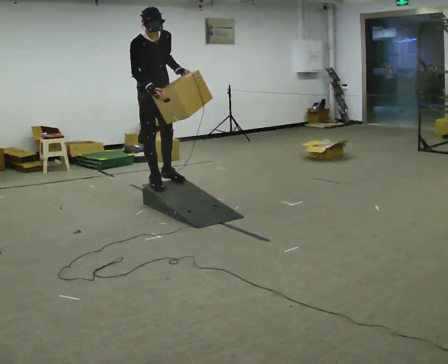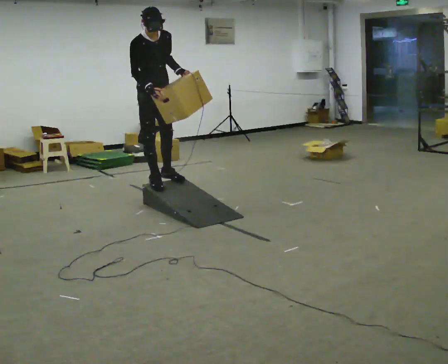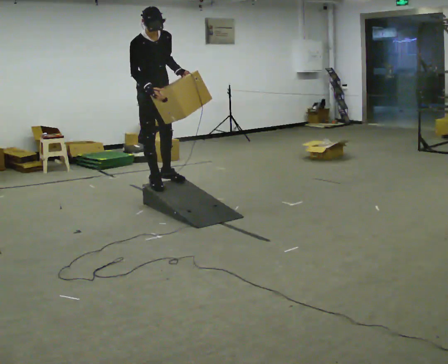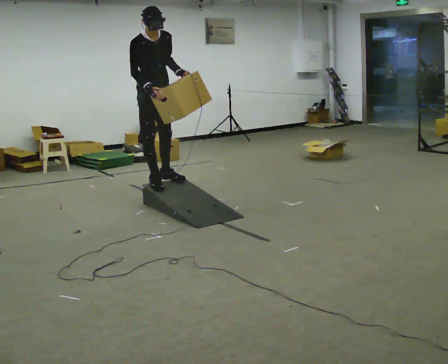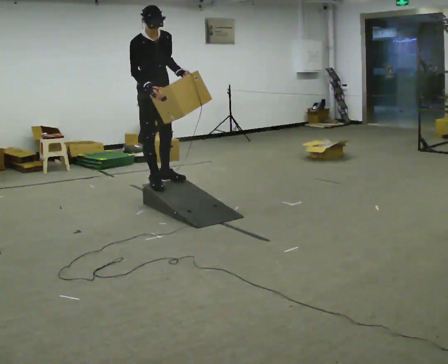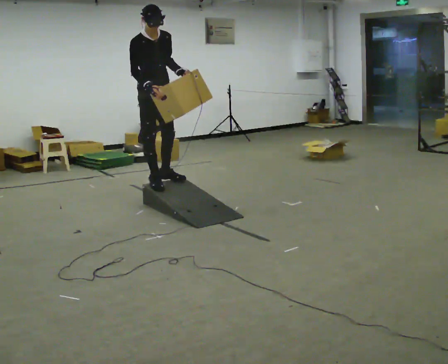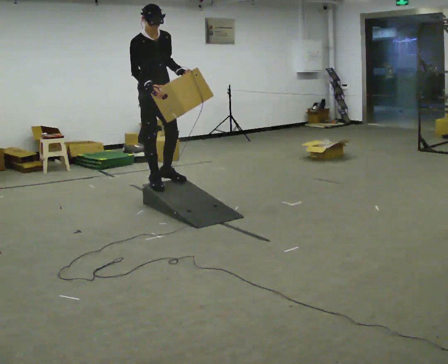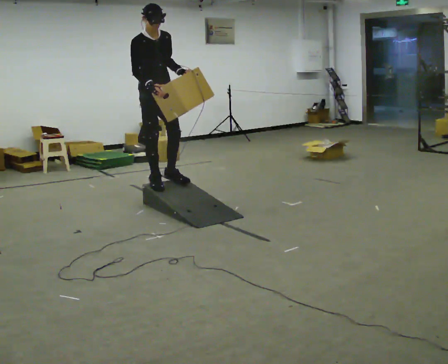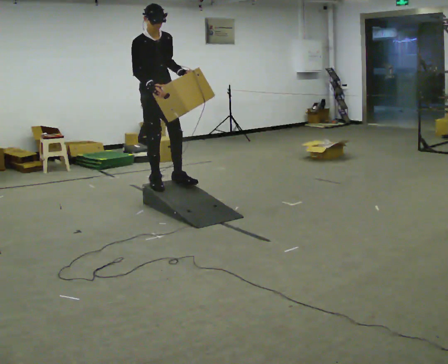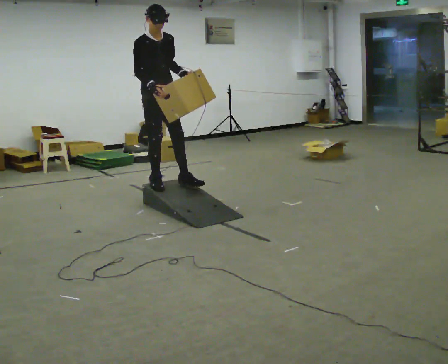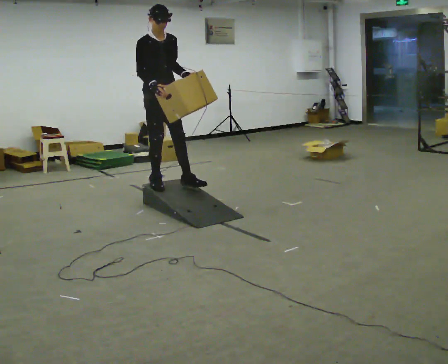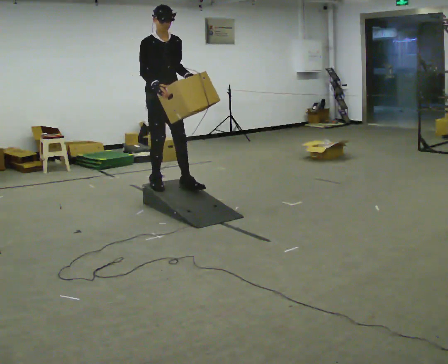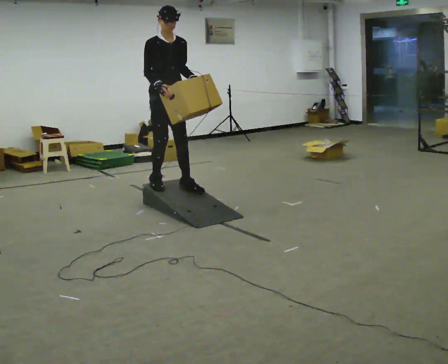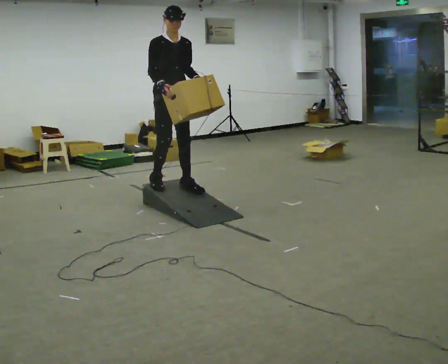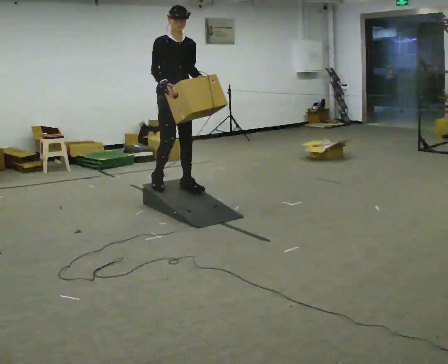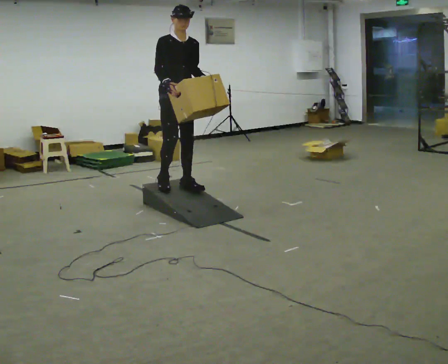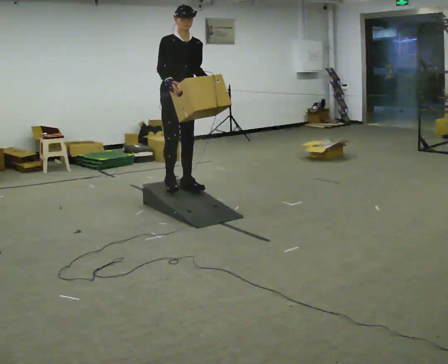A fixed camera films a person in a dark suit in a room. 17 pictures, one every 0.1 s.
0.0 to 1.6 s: In the picture they go to the right, about 0.25 m in 1 step, which for them is to their left and forward. The upper body tips away from the camera, its near side rolling upward, as they lean back or straighten.
The film runs forward here.
